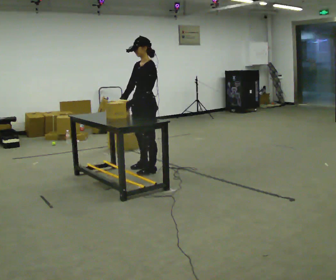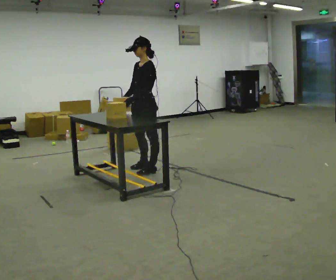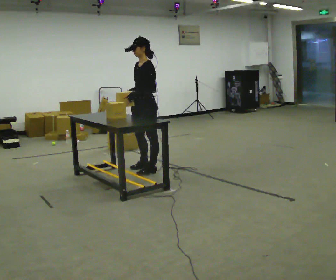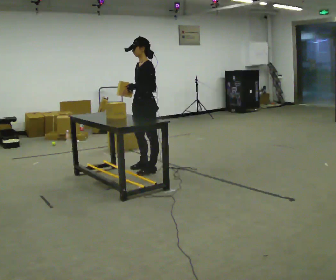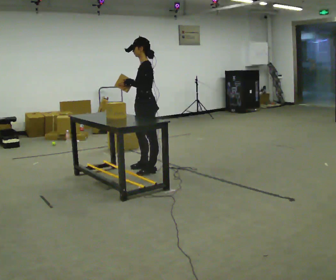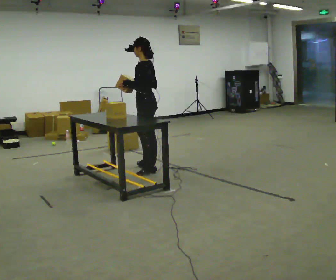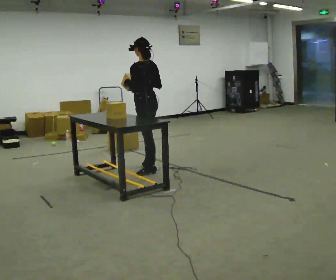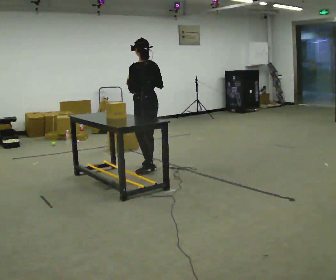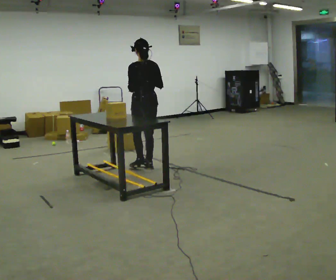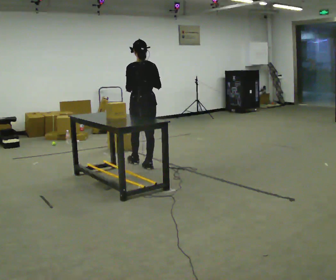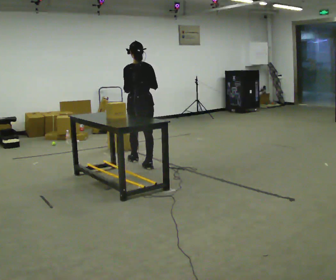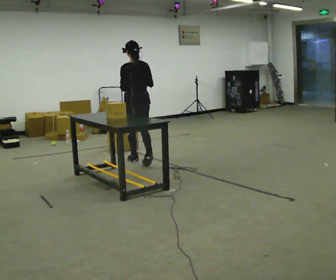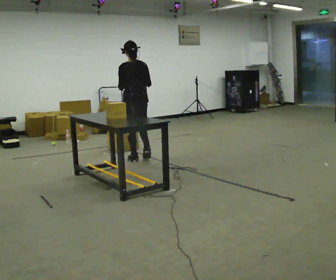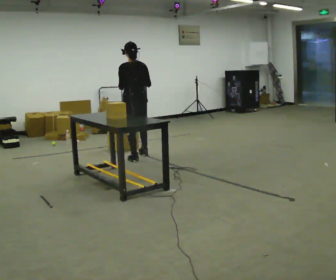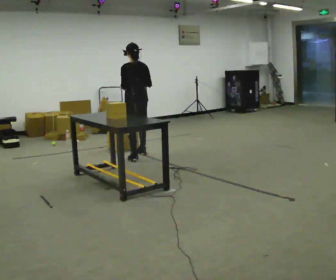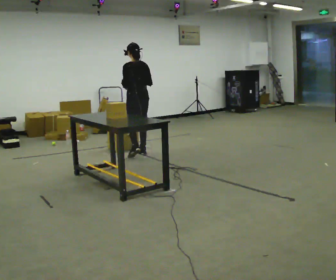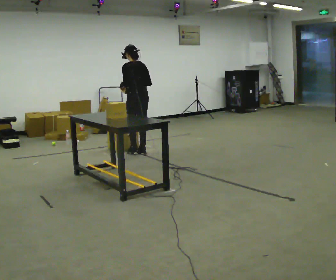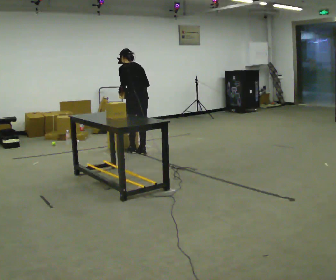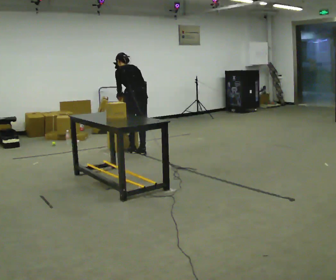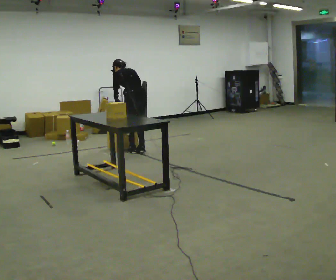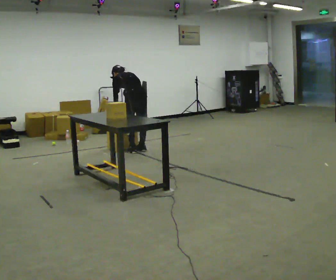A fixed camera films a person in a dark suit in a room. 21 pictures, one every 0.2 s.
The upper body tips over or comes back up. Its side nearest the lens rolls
upward.
The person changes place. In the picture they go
away from the camera.
0.0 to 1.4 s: The part of the body nearest the lens slides to the left as the person turns to their right by about 75 degrees. In the picture their right hand goes to the right.
1.4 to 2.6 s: In the picture they go away from the camera, about 0.5 m in 1 step, which for them is forward.
2.6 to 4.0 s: In the picture they go away from the camera, about 0.25 m in 3 steps, which for them is forward and to their right. The shoulders move downward. The upper body tips away from the camera, its near side rolling upward, as they bend forward. In the picture their right hand goes downward.
The film runs forward here.
